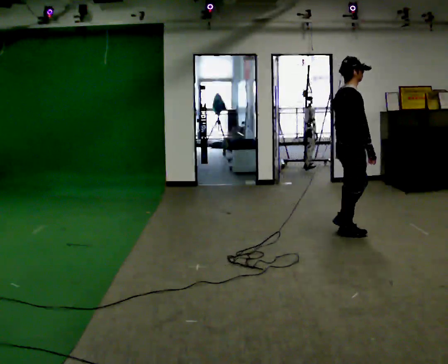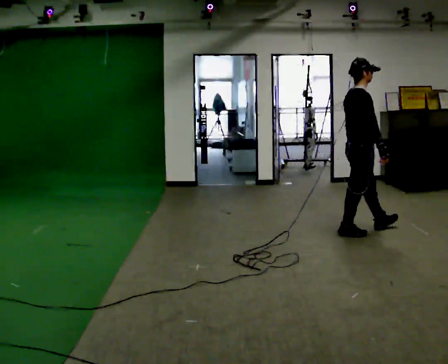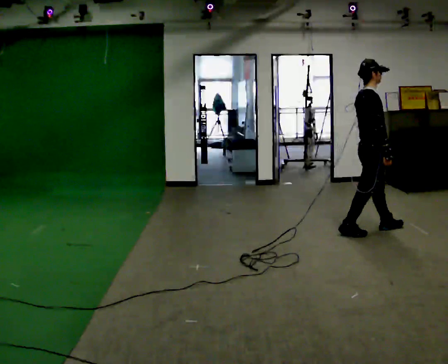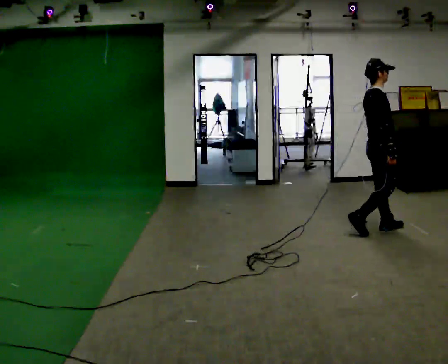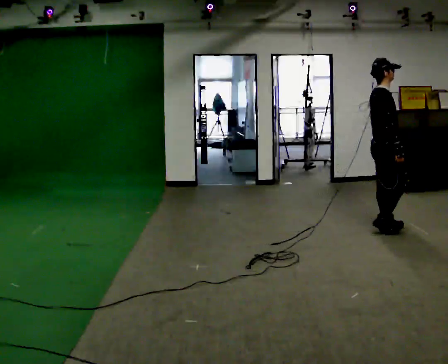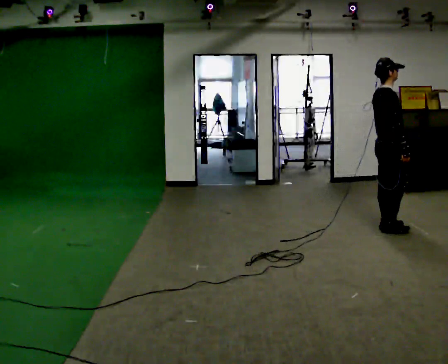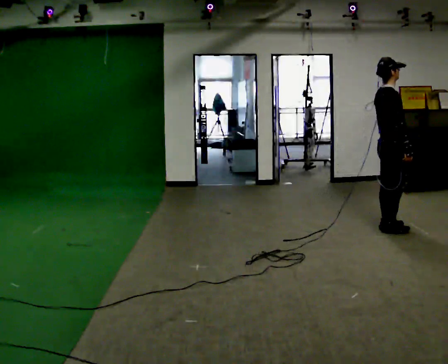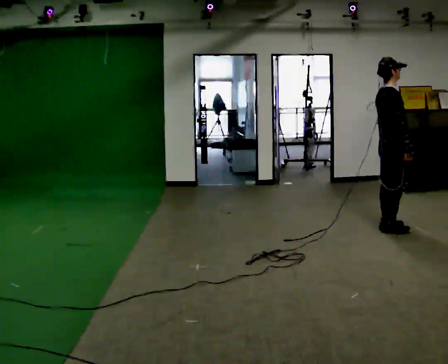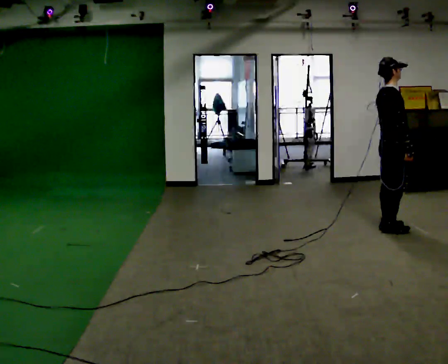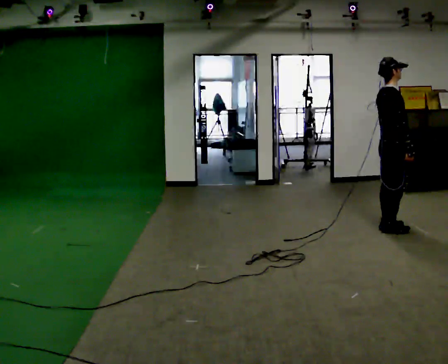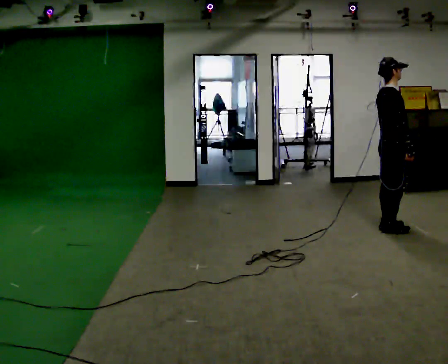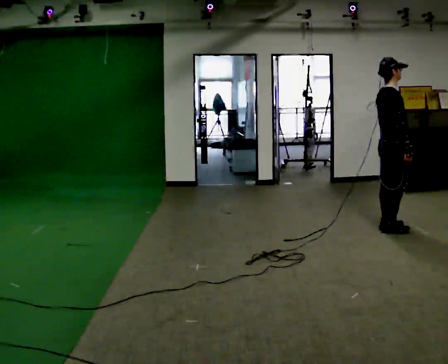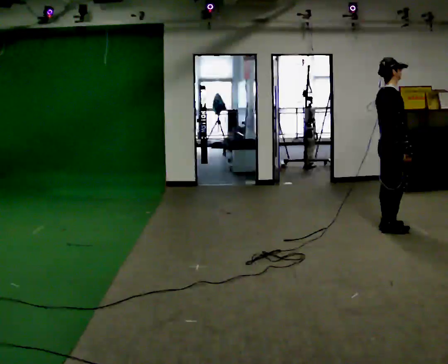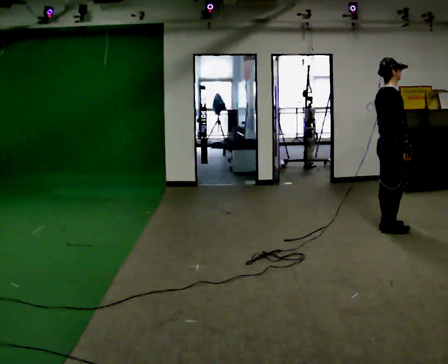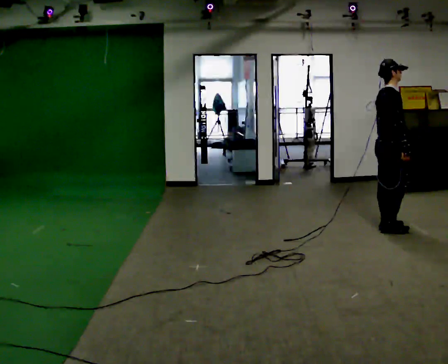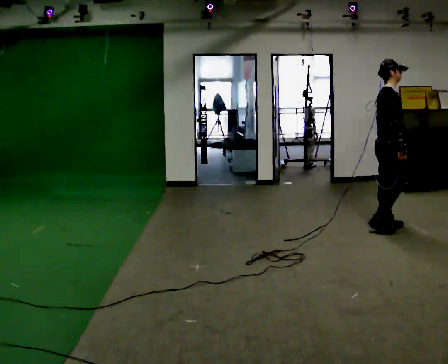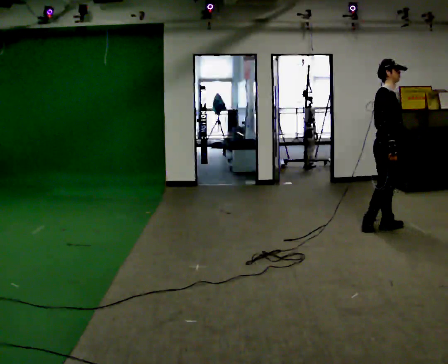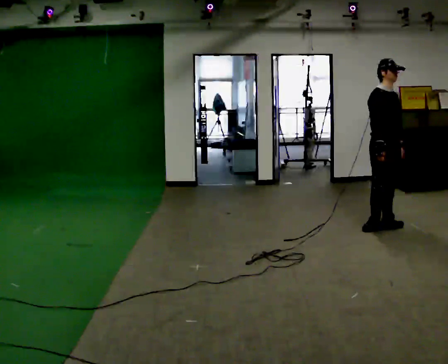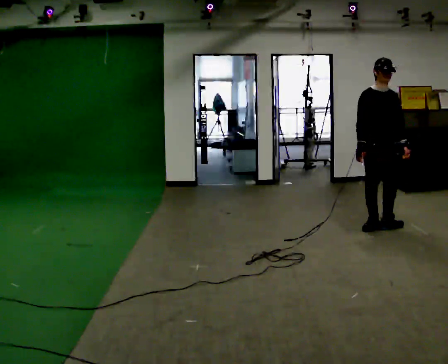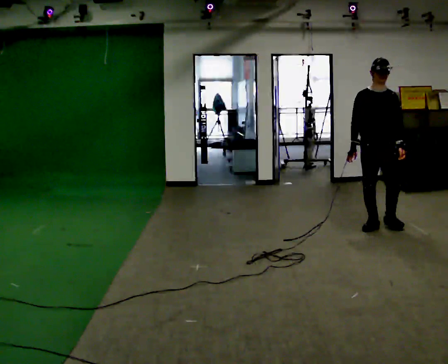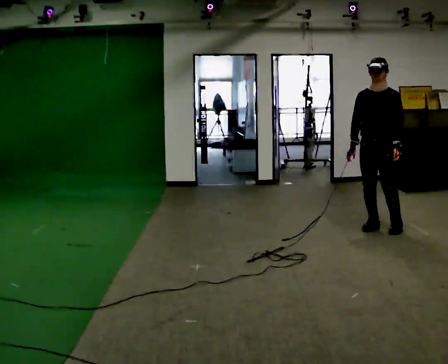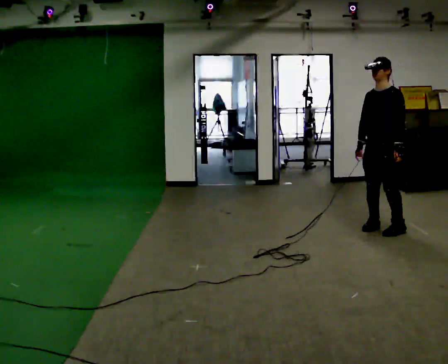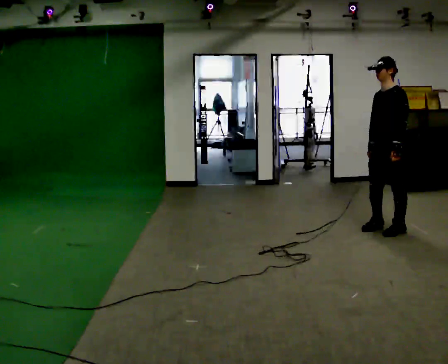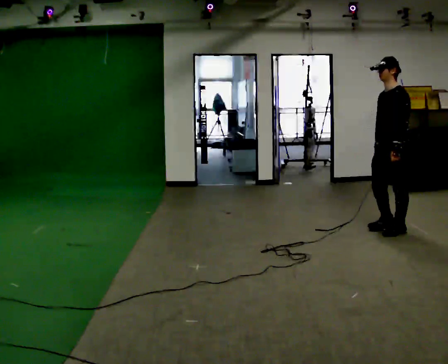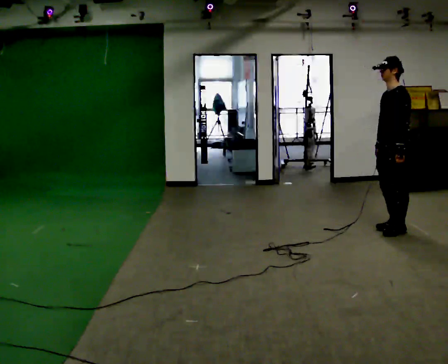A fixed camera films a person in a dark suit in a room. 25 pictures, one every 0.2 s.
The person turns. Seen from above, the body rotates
clockwise.
The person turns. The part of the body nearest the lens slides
to the left.
0.0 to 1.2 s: In the picture they go to the right and away from the camera, about 0.5 m in 2 steps, which for them is forward.
1.2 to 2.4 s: The person moves a little, or ends about where they began.
2.4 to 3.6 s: The part of the body nearest the lens slides to the left as the person turns to their right by about 75 degrees.
3.6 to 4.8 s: The person turns about 105 degrees to their right, clockwise seen from above, so the part of the body nearest the lens slides to the left. In the picture they go to the right, about 0.25 m in 2 steps.
The film runs forward here.
